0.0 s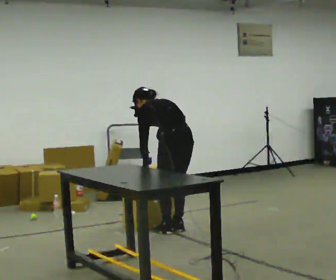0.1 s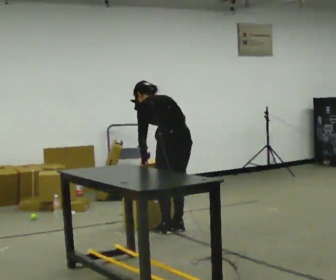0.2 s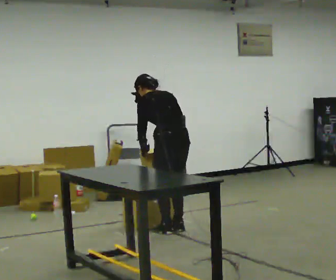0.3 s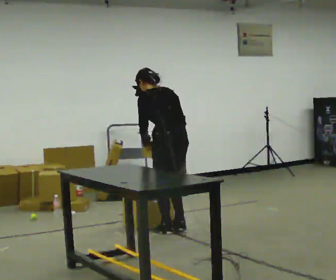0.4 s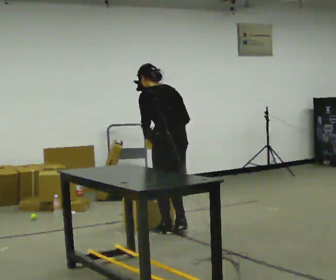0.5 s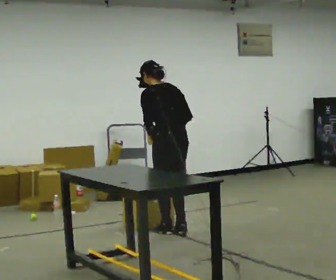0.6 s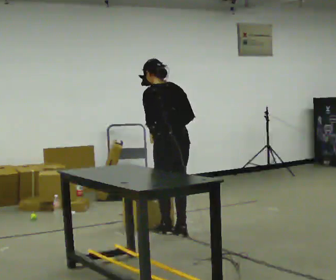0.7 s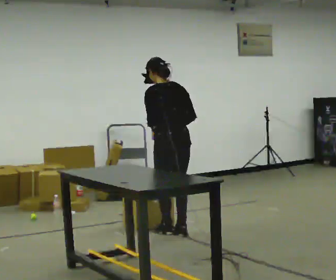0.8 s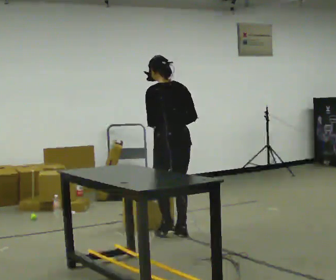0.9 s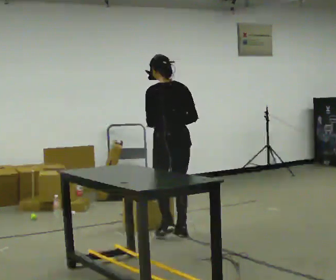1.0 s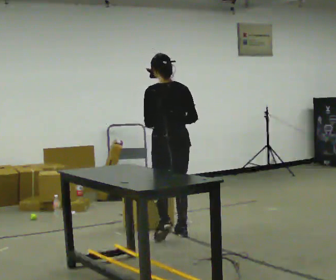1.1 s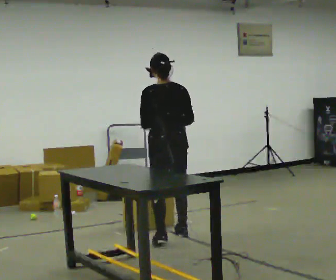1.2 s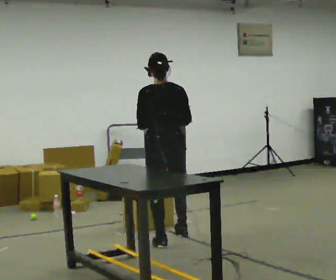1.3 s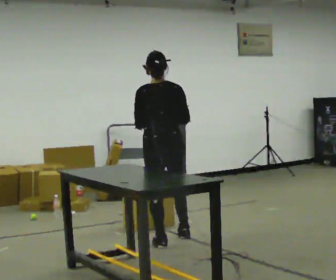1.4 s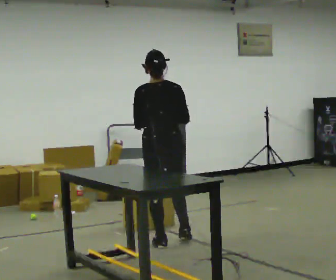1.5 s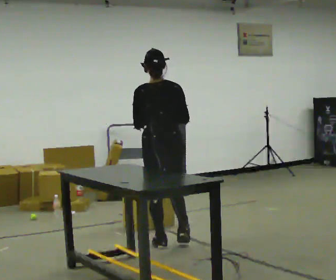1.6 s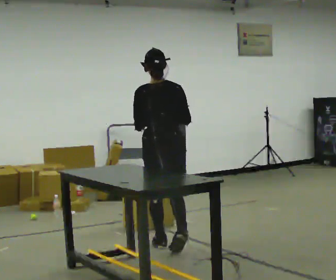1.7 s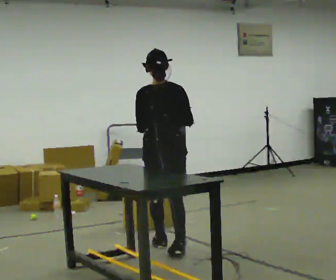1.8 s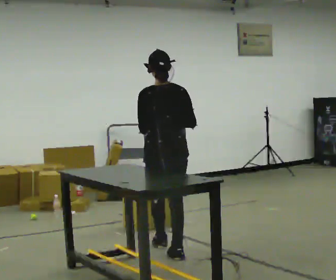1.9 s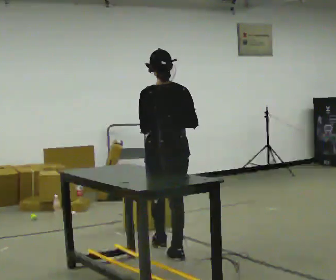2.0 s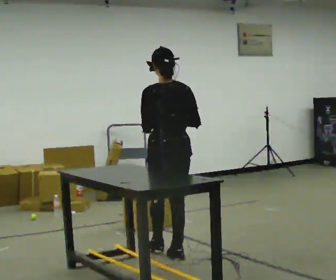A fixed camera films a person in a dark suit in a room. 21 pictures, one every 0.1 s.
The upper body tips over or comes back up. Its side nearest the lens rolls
downward.
Their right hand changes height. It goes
upward.
0.0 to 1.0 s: In the picture they go toward the camera, about 0.25 m in 2 steps, which for them is backward and to their left. The upper body goes upward. The upper body tips toward the camera, its near side rolling downward, as they lean back or straighten. In the picture their right hand goes upward.
1.0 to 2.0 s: In the picture they go toward the camera, about 0.5 m in 2 steps, which for them is backward.
The film runs backward here.
